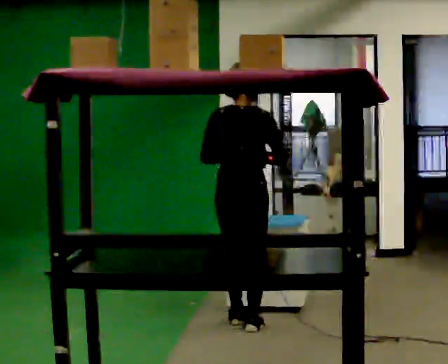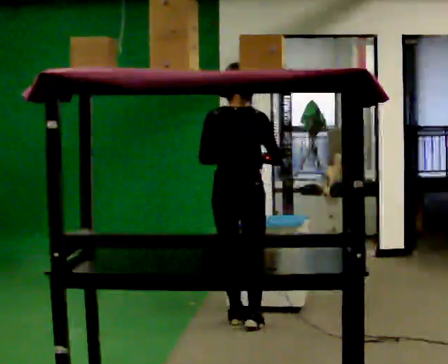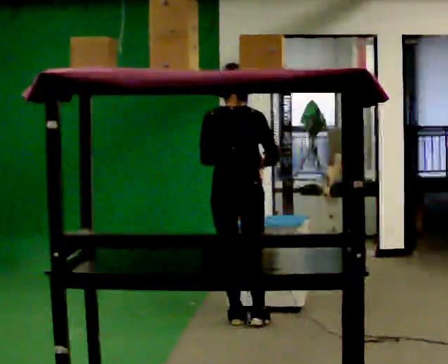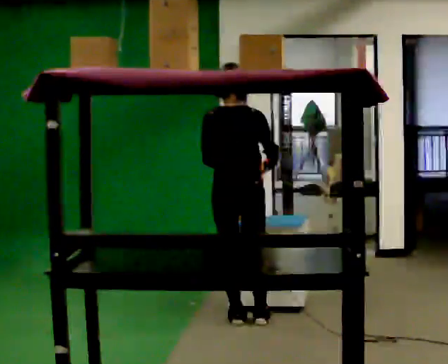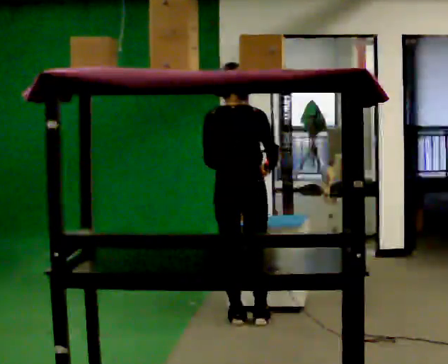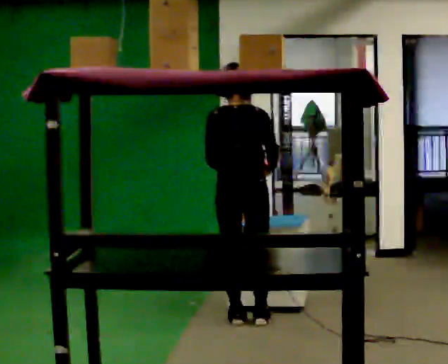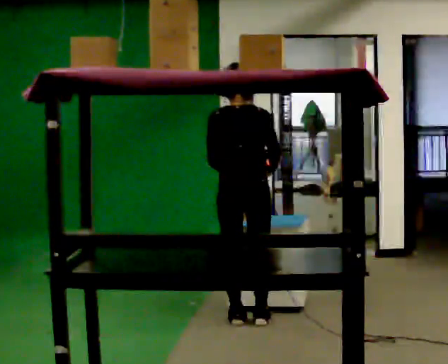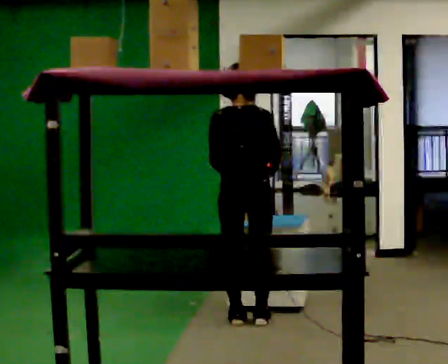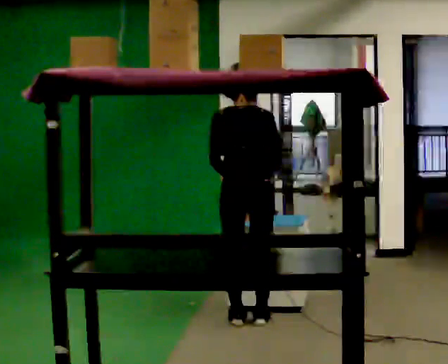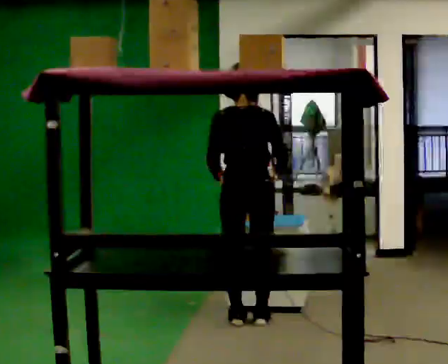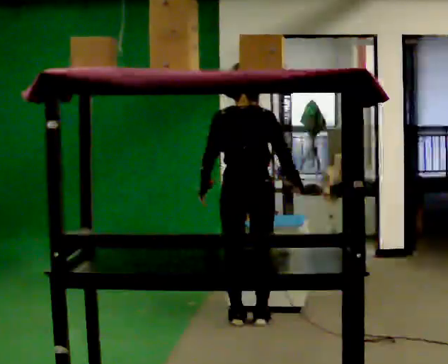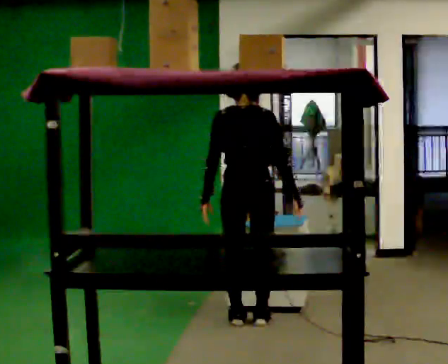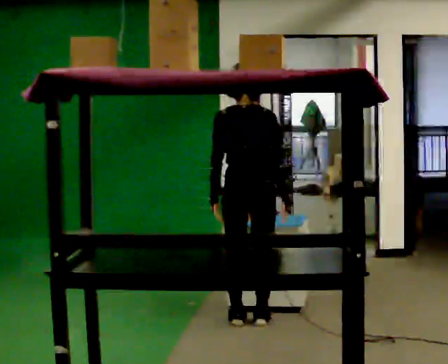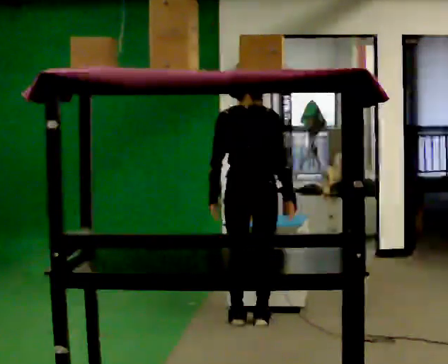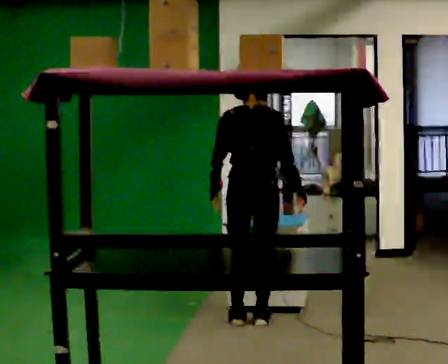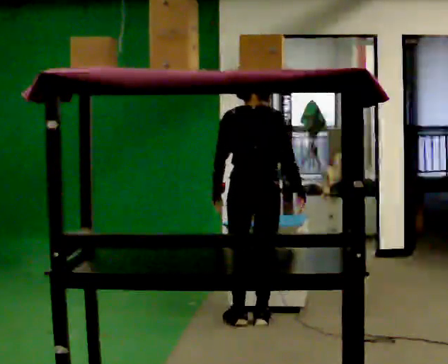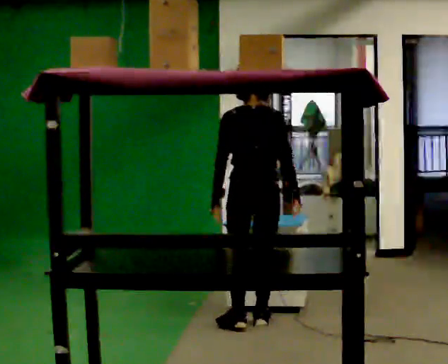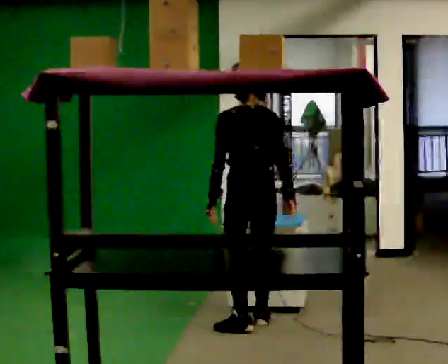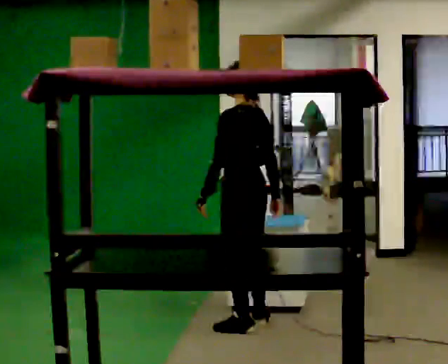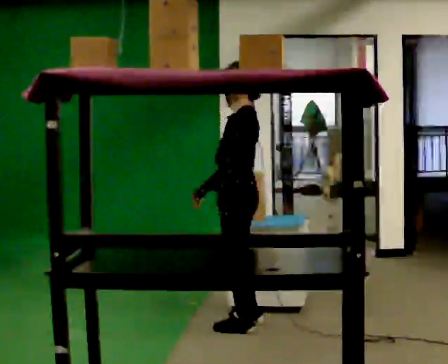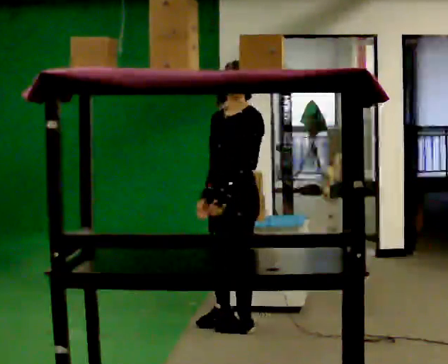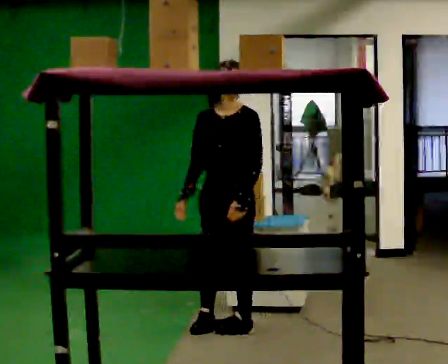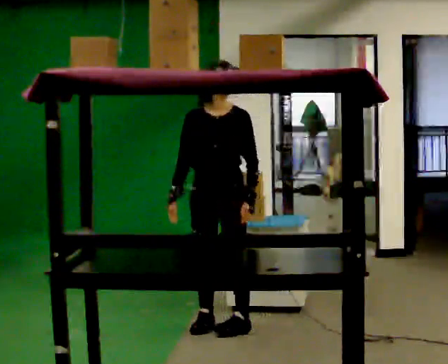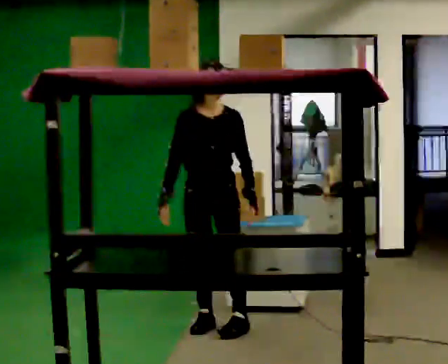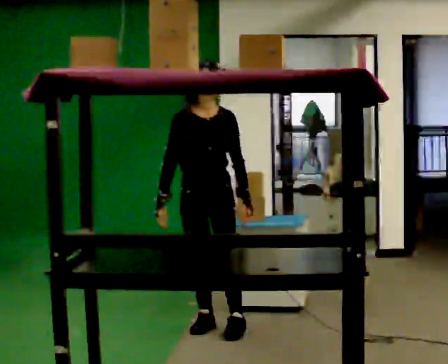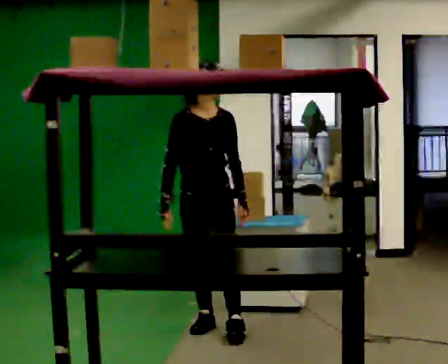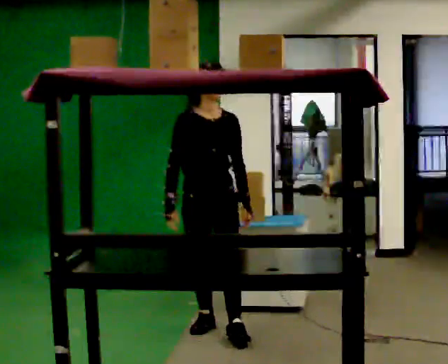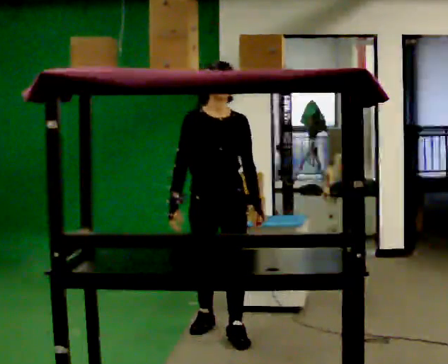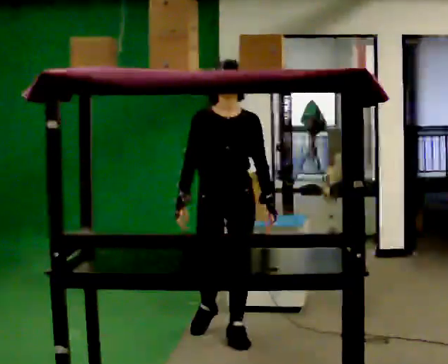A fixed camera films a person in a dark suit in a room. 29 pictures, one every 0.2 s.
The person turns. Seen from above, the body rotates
counterclockwise.
The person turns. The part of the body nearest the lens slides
to the right.
0.0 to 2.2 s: The person moves a little, or ends about where they began.
2.2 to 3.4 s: The part of the body nearest the lens slides to the right as the person turns to their left by about 30 degrees.
3.4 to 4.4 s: The person turns about 150 degrees to their left, counterclockwise seen from above, so the part of the body nearest the lens slides to the right. In the picture they go to the left, about 0.25 m in 1 step. In the picture their right hand goes to the left, the arm swinging clockwise.
4.4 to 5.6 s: In the picture they go toward the camera, about 0.25 m in 1 step, which for them is forward.
The film runs forward here.
